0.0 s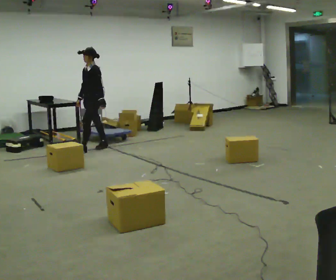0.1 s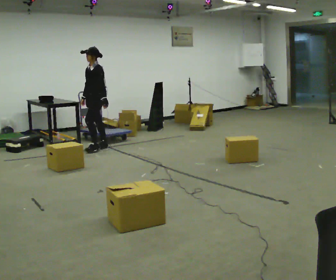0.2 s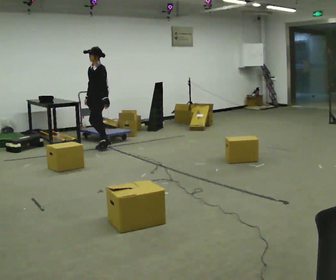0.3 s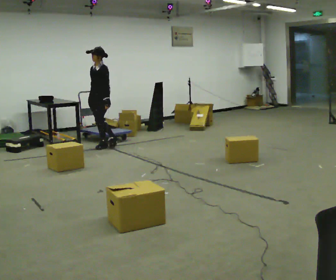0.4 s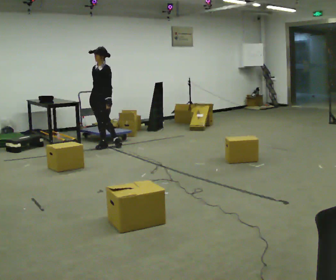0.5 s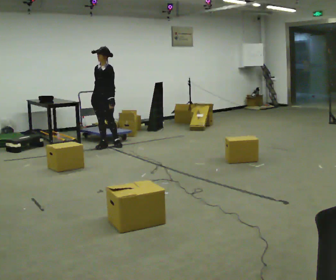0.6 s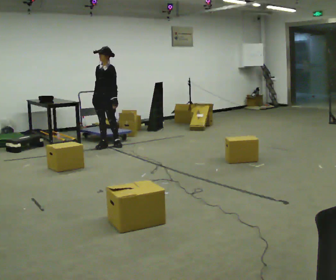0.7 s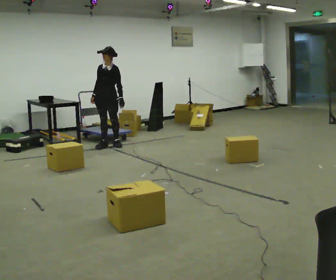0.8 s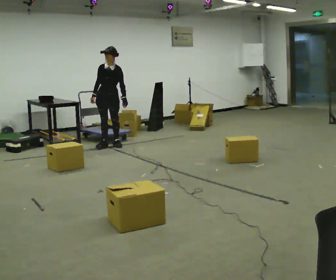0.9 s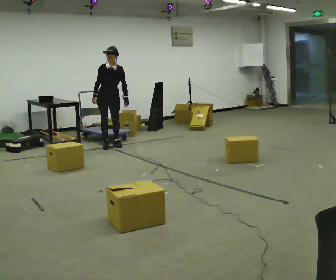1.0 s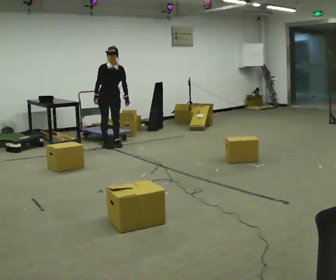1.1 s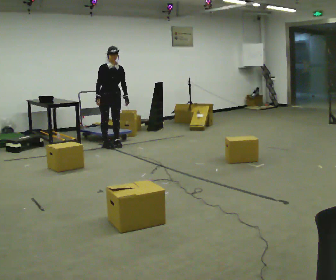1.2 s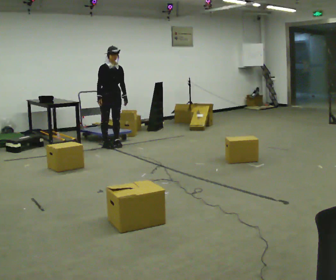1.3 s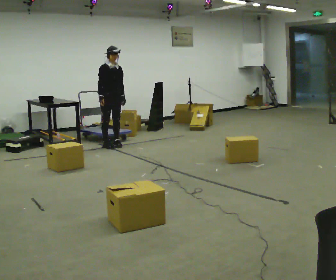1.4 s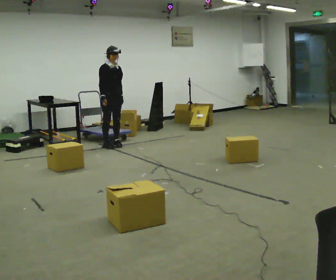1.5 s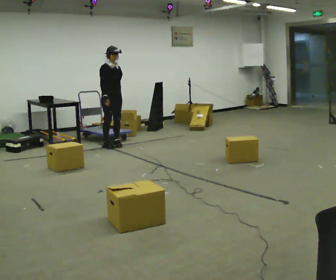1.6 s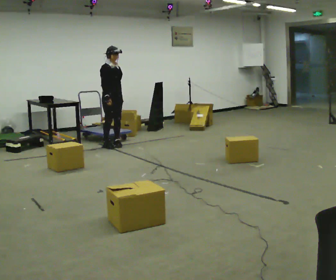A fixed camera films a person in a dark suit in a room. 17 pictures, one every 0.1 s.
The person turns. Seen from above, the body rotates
counterclockwise.
The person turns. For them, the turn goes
to their left.
0.0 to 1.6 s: Seen from above the body turns counterclockwise, about 105 degrees: to their left, with its near side sliding to the right. In the picture they go to the right, about 0.25 m.
The film runs backward here.
